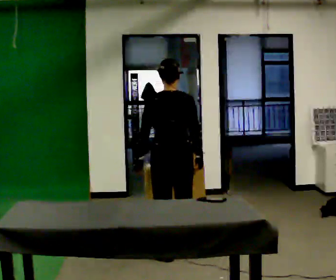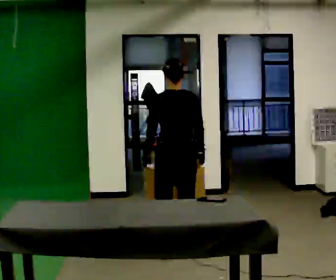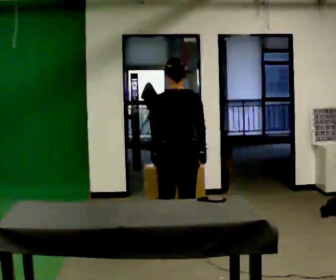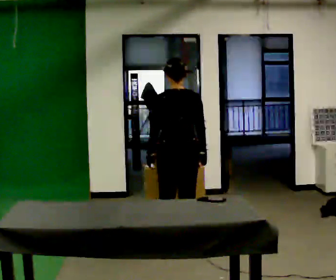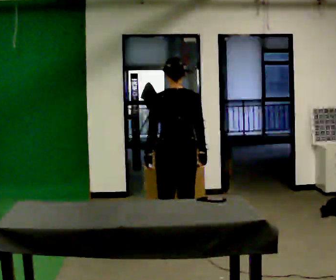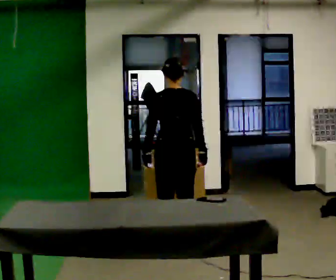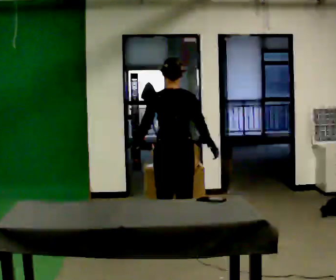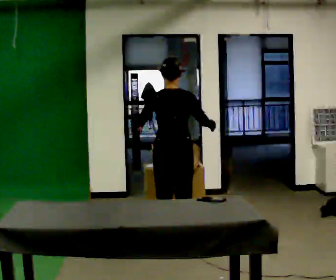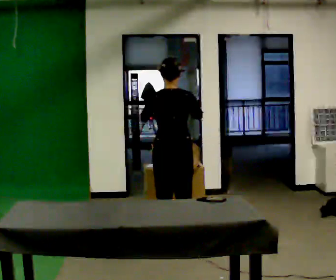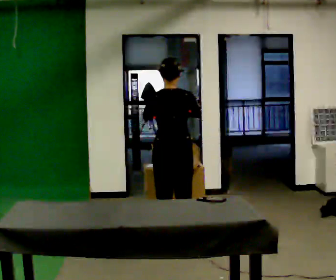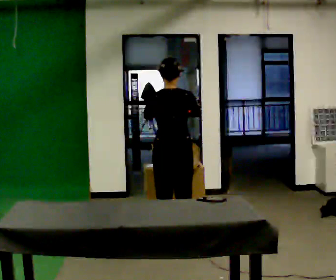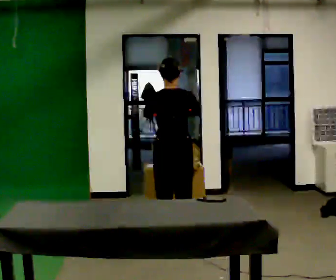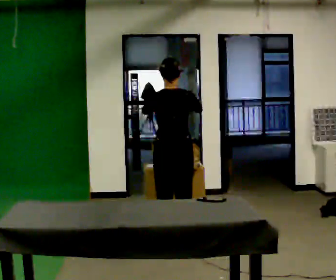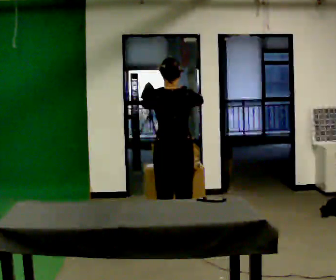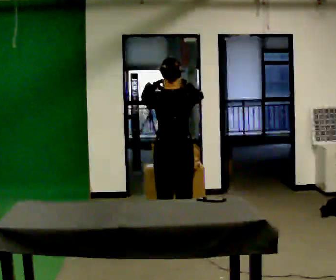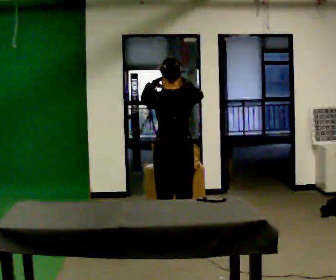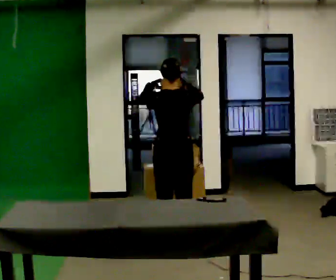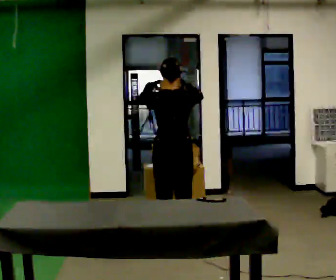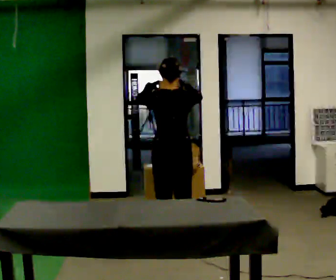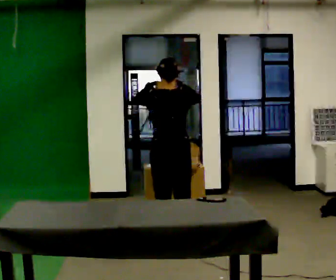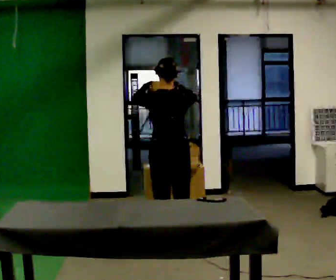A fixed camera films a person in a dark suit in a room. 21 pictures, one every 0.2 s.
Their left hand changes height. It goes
upward.
Their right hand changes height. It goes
upward.
0.0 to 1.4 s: In the picture they go away from the camera, about 0.25 m in 1 step, which for them is forward.
1.4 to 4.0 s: In the picture their right hand goes upward.
The film runs forward here.
